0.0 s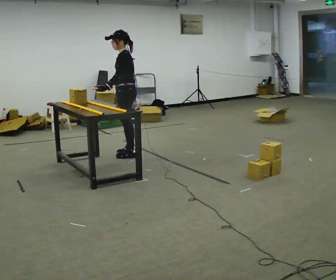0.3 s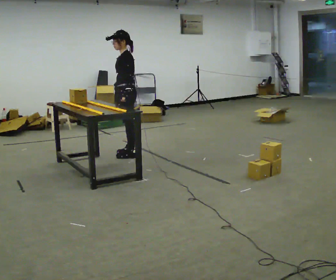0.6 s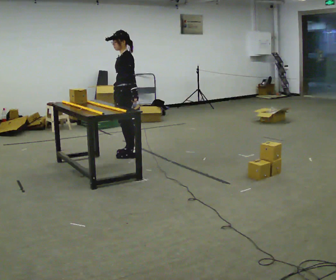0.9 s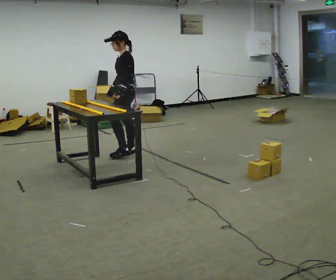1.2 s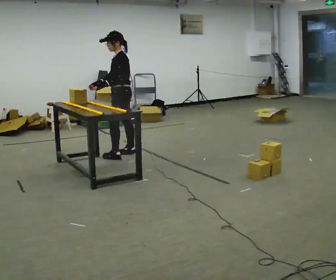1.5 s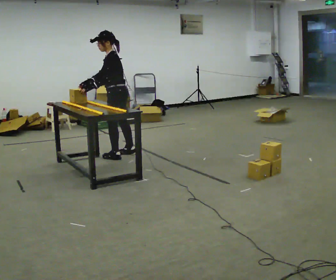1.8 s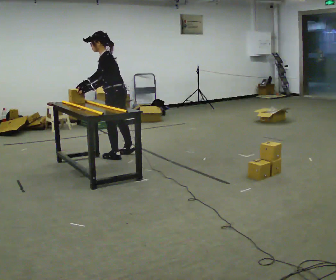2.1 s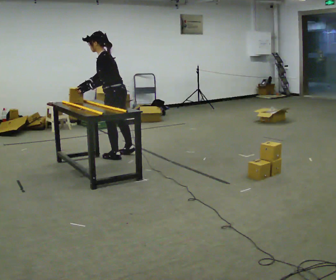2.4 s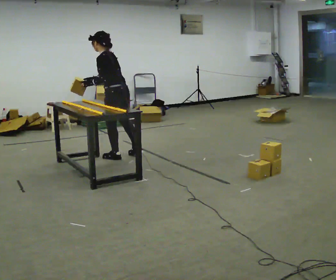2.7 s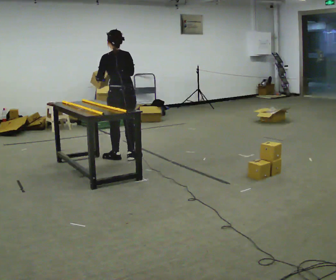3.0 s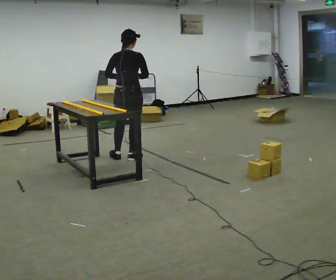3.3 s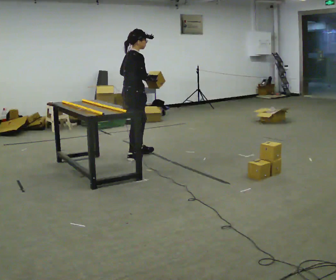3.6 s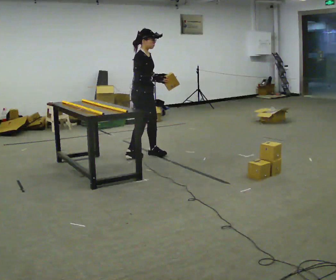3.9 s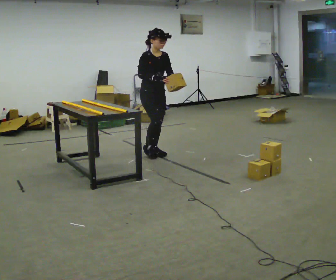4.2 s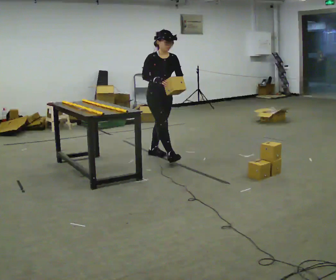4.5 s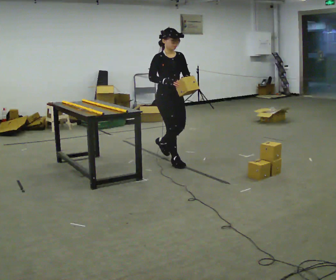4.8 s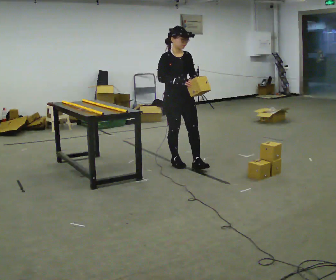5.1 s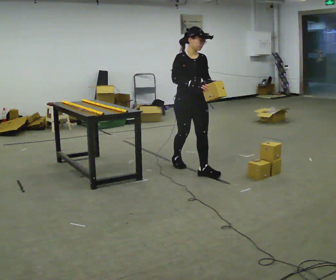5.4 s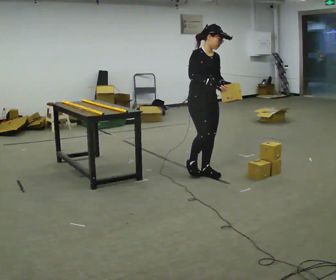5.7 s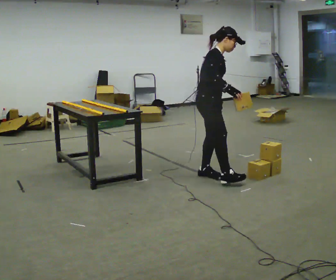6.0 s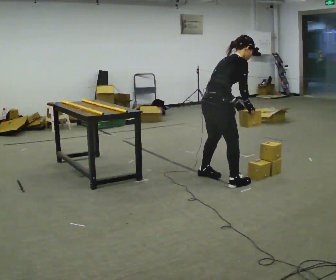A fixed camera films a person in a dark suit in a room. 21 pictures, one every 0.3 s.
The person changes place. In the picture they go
toward the camera.
0.0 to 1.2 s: In the picture their right hand goes to the left, the arm swinging clockwise.
1.2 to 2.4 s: Seen from above the body turns clockwise, about 30 degrees: to their right, with its near side sliding to the left. In the picture they go toward the camera, about 0.25 m, which for them is to their left.
2.4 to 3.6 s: The person turns about 165 degrees to their right, clockwise seen from above, so the part of the body nearest the lens slides to the left. In the picture they go to the right, about 0.25 m in 2 steps. In the picture the upper body tilts clockwise, shoulders to the right.
3.6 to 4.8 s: Seen from above the body turns clockwise, about 45 degrees: to their right, with its near side sliding to the left. In the picture they go toward the camera and to the right, about 0.5 m in 1 step, which for them is forward.
4.8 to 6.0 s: Seen from above the body turns counterclockwise, about 90 degrees: to their left, with its near side sliding to the right. In the picture they go toward the camera, about 1 m in 2 steps. In the picture the upper body tilts clockwise, shoulders to the right, as they bend forward.
The film runs forward here.
